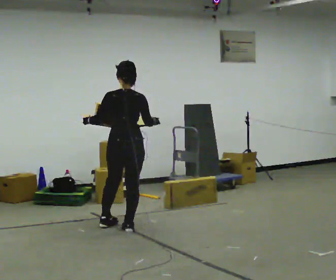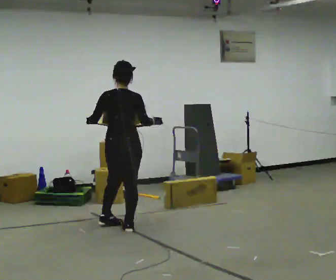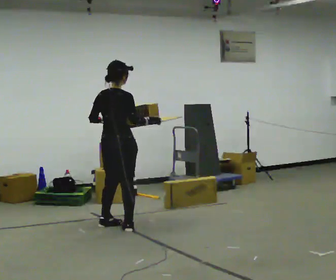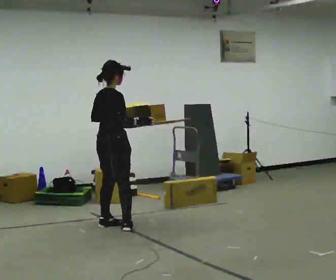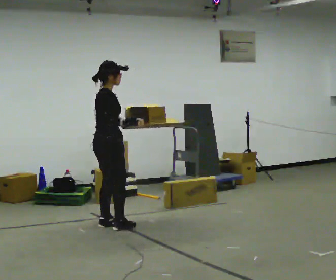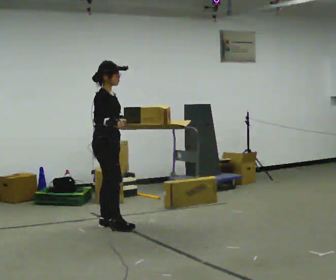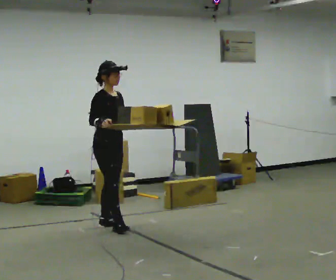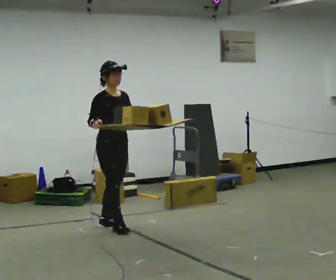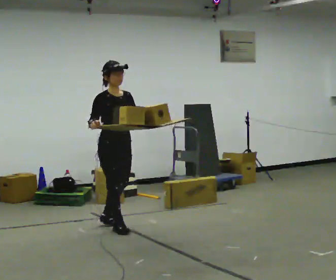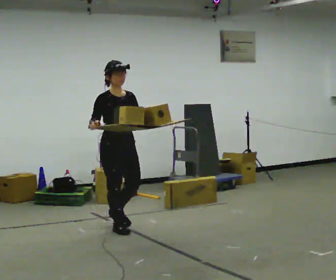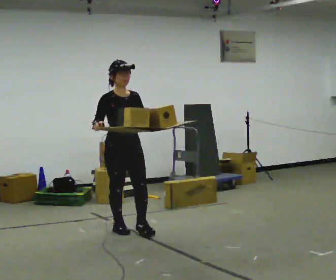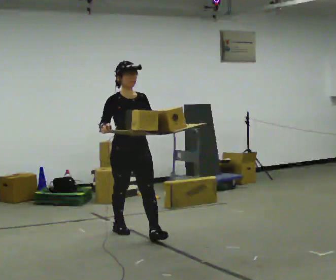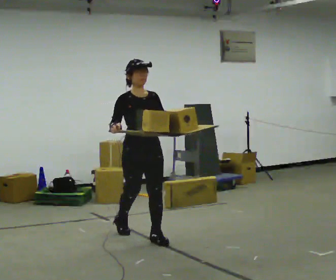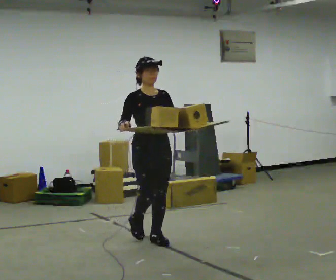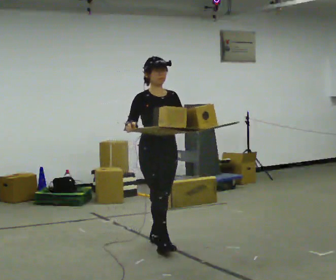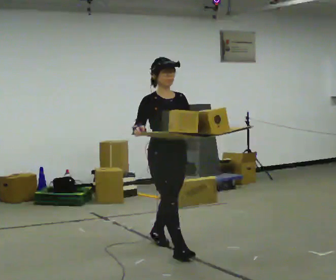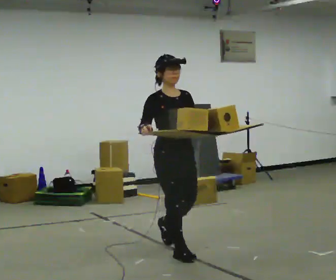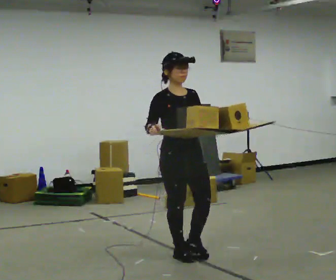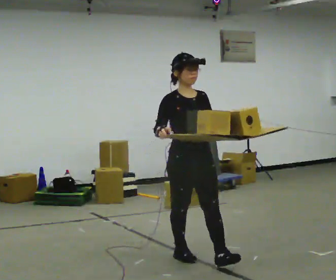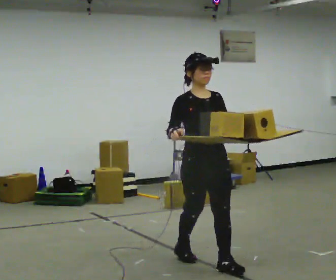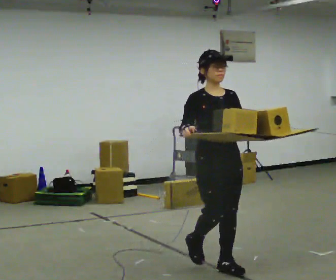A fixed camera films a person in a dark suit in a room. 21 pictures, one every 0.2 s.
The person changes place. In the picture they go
toward the camera.
The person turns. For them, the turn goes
to their right.
0.0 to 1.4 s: Seen from above the body turns clockwise, about 135 degrees: to their right, with its near side sliding to the left. In the picture their left hand goes to the right.
1.4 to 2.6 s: The part of the body nearest the lens slides to the left as the person turns to their right by about 30 degrees. In the picture they go toward the camera and to the right, about 0.75 m in 1 step, which for them is forward.
2.6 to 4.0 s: In the picture they go toward the camera and to the right, about 1 m in 2 steps, which for them is forward.
The film runs forward here.
